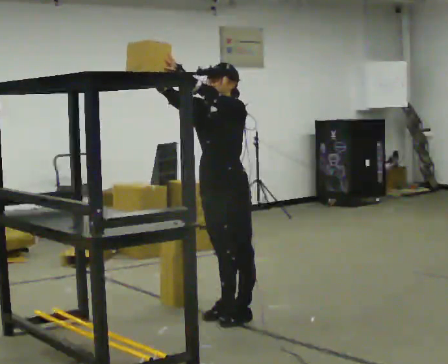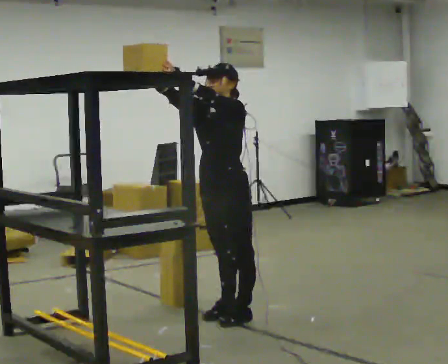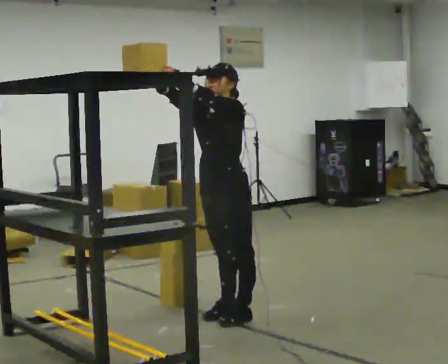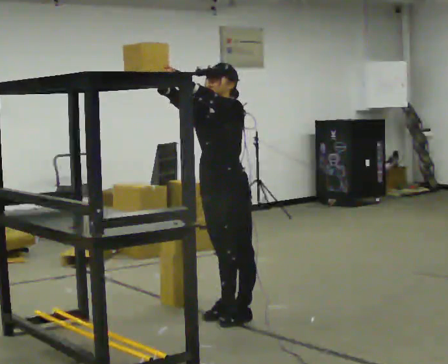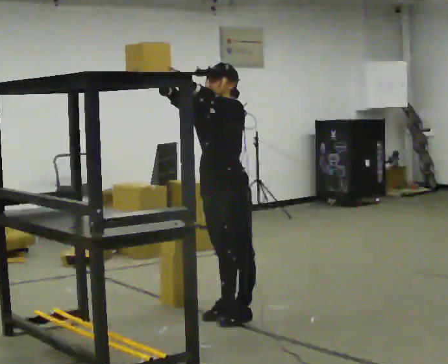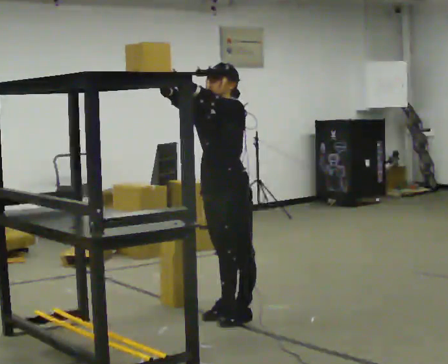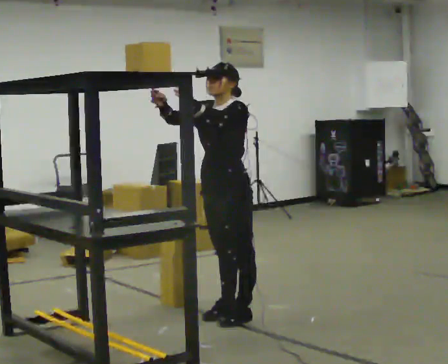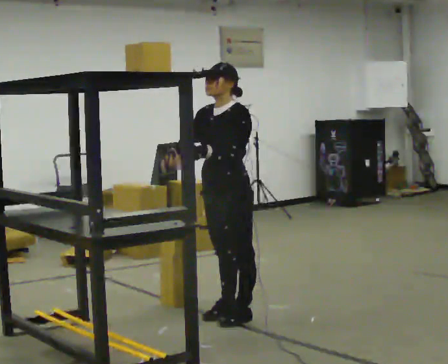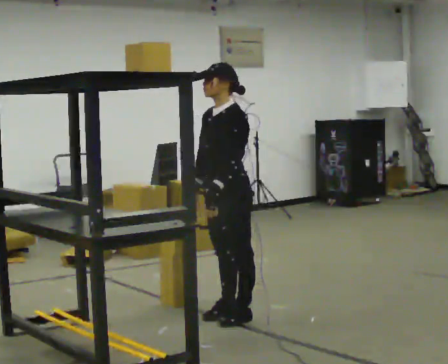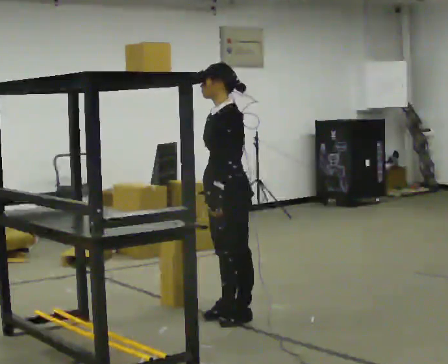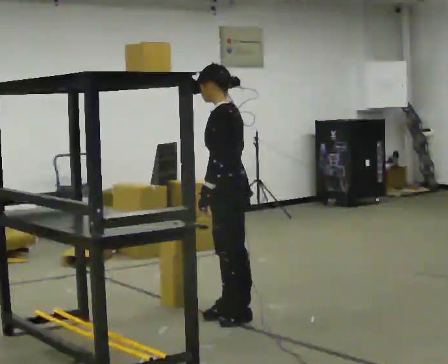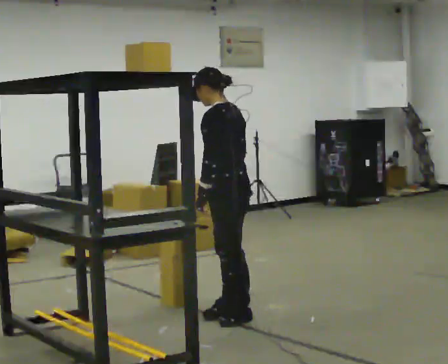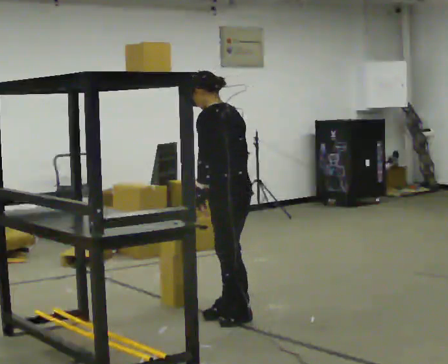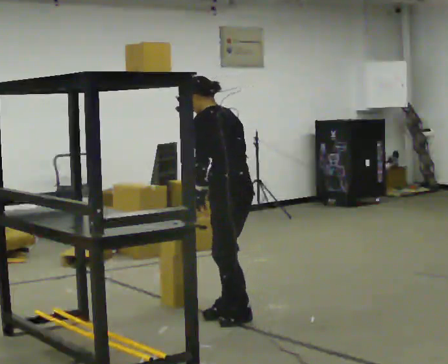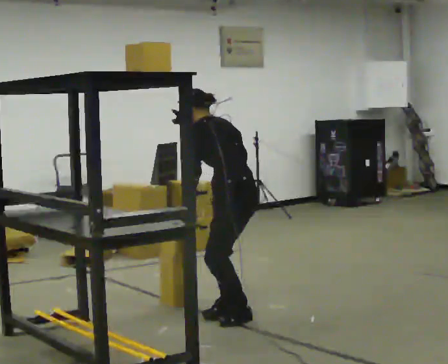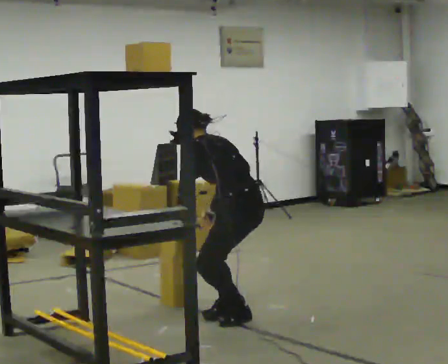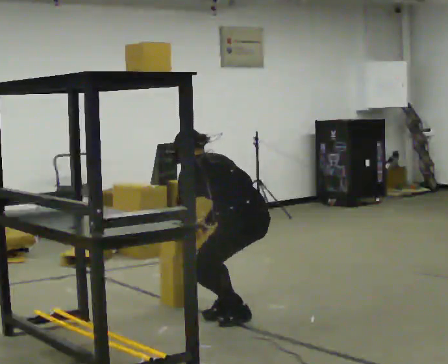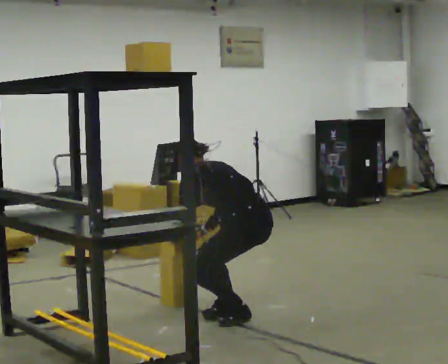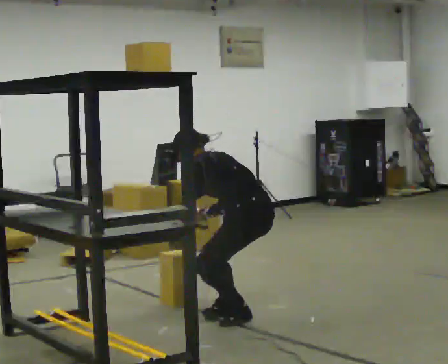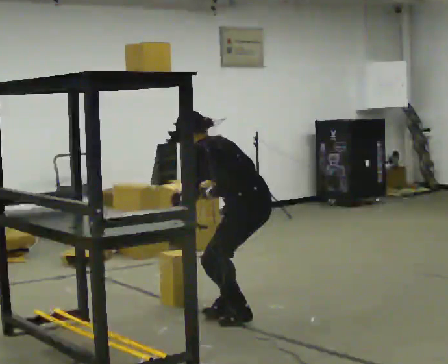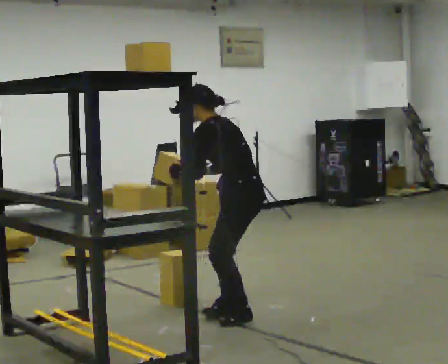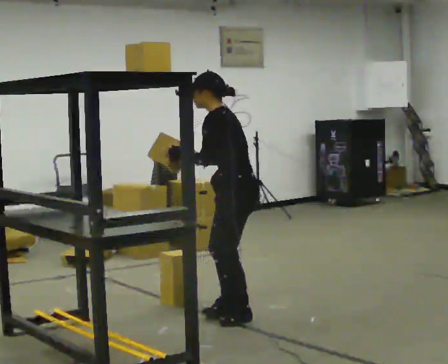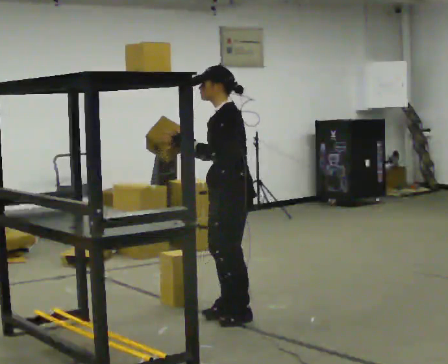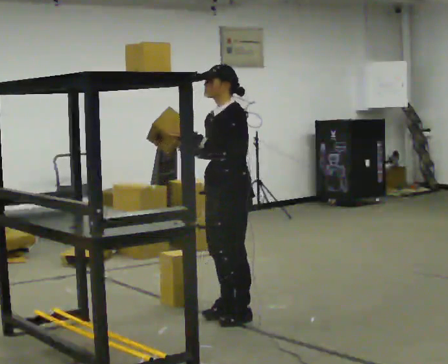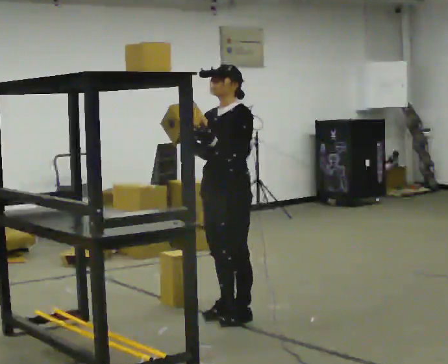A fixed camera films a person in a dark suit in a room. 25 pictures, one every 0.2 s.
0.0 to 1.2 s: The person moves a little, or ends about where they began.
1.2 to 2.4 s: The person turns about 60 degrees to their right, clockwise seen from above, so the part of the body nearest the lens slides to the left. The upper body tips away from the camera, its near side rolling upward. In the picture their right hand goes downward and to the right, the arm swinging counterclockwise.
2.4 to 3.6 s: The upper body goes downward. In the picture the upper body tilts counterclockwise, shoulders to the left, as they bend forward.
3.6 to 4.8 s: The person turns about 75 degrees to their left, counterclockwise seen from above, so the part of the body nearest the lens slides to the right. The shoulders move upward. In the picture the upper body tilts clockwise, shoulders to the right, as they lean back or straighten. In the picture their right hand goes upward.
The film runs forward here.
